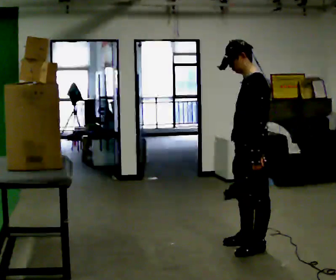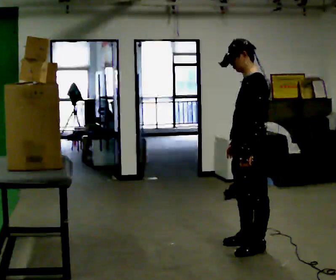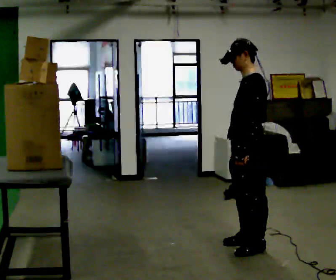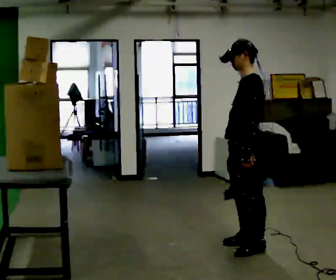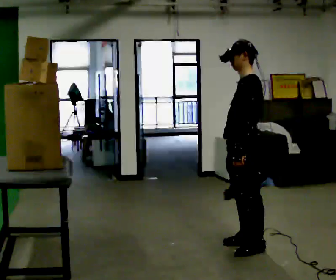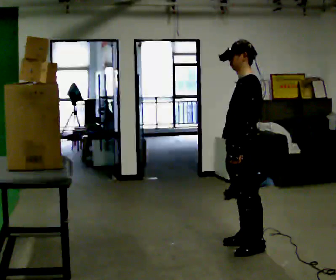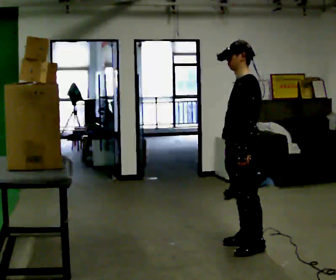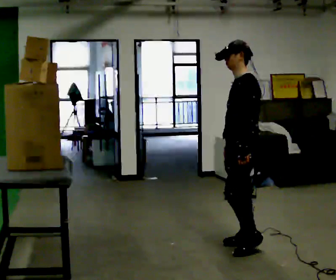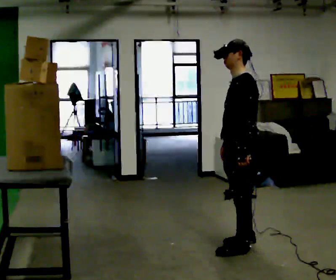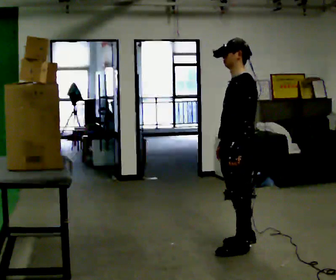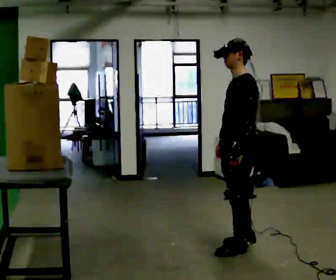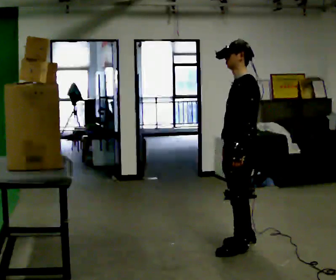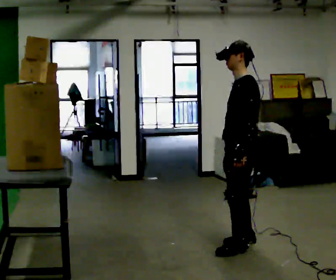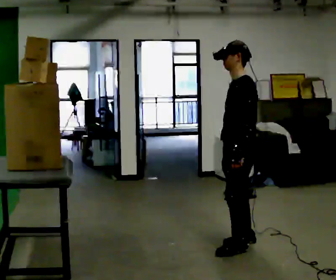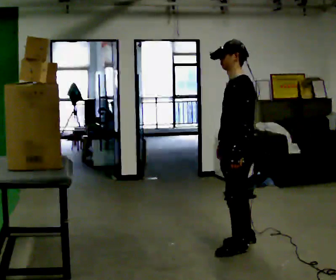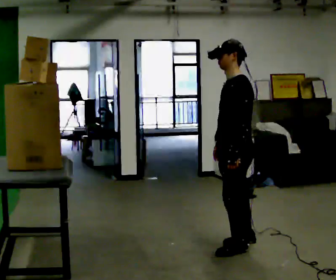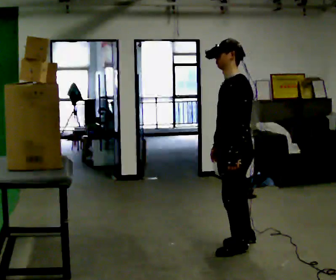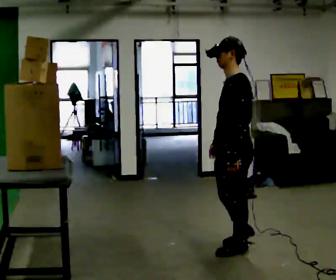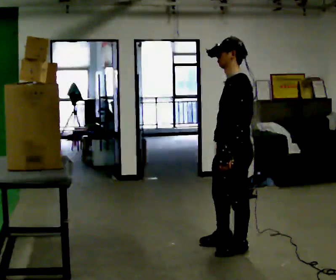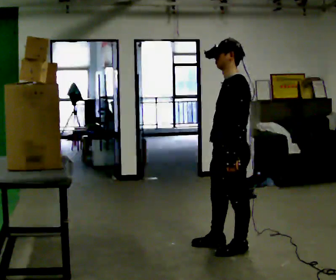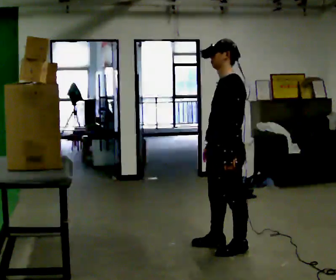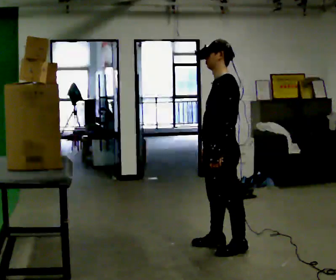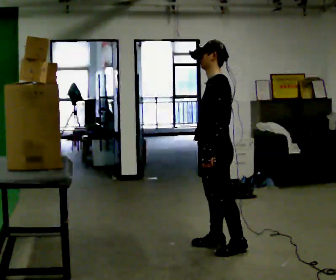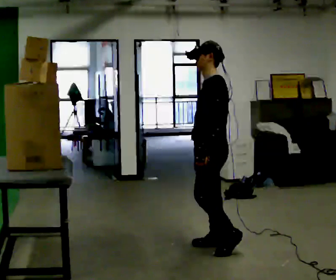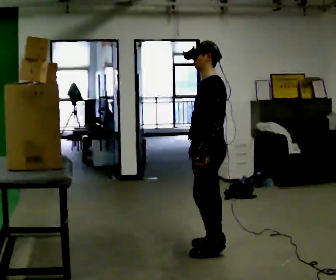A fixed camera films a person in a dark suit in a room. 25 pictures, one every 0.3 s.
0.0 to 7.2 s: In the picture they go to the left and away from the camera, about 0.25 m in 1 step, which for them is forward and to their right.
The film runs forward here.
